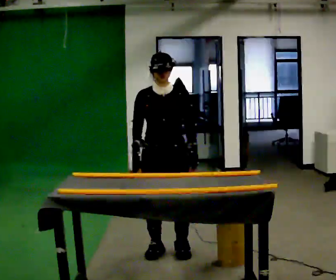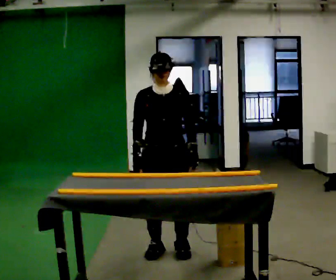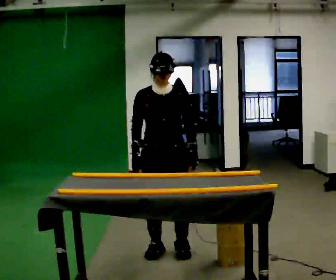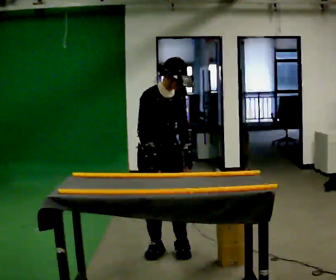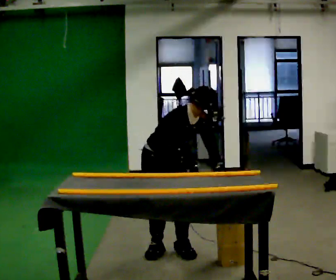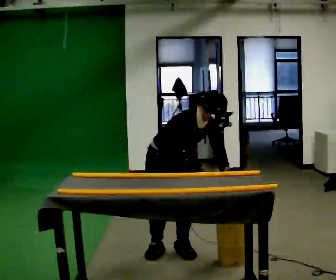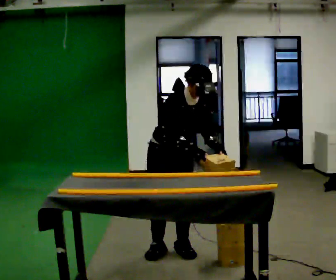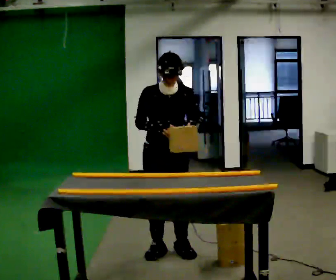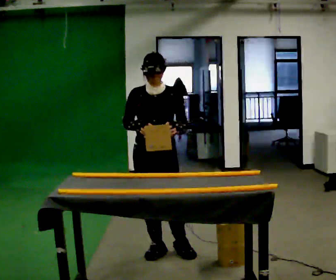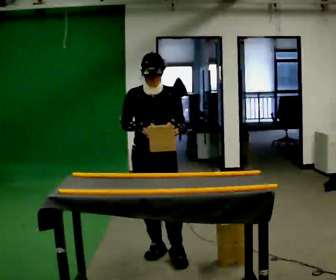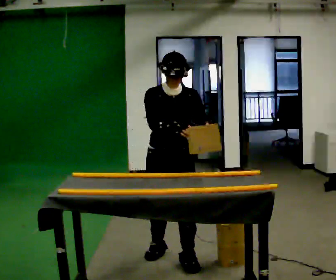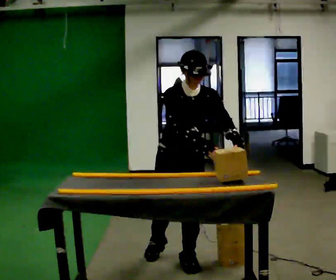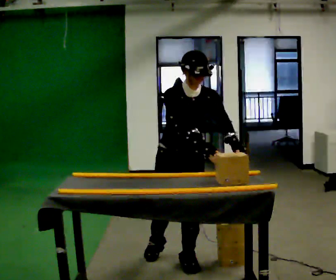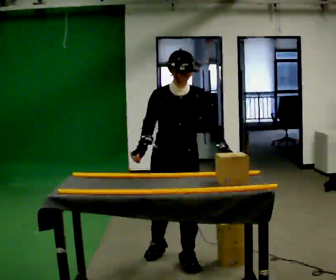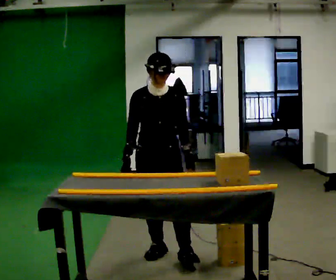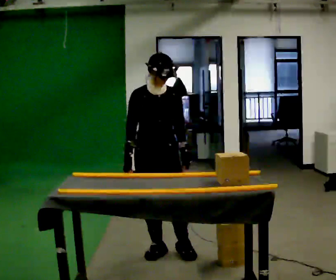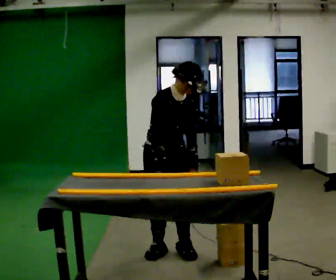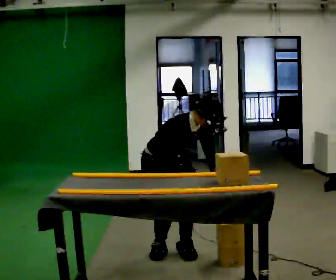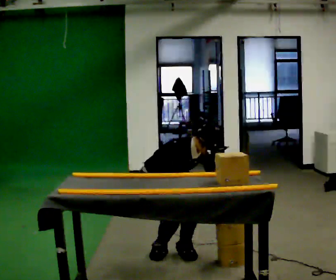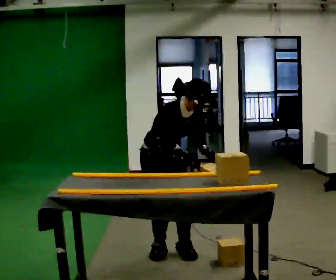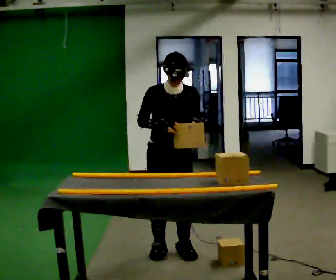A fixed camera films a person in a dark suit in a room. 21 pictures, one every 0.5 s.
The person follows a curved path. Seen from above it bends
counterclockwise.
0.0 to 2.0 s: The part of the body nearest the lens slides to the right as the person turns to their left by about 45 degrees. The upper body goes downward. In the picture the upper body tilts clockwise, shoulders to the right, as they bend forward. In the picture their right hand goes to the right.
2.0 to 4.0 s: The part of the body nearest the lens slides to the left as the person turns to their right by about 45 degrees. The upper body goes upward. In the picture the upper body tilts counterclockwise, shoulders to the left, as they lean back or straighten. In the picture their right hand goes to the left and upward.
4.0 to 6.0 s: In the picture they go toward the camera and to the right, about 0.25 m in 1 step, which for them is forward and to their left.
6.0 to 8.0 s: In the picture they go away from the camera, about 0.25 m in 1 step, which for them is backward.
8.0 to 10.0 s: The person moves a little, or ends about where they began.
The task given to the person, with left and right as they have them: Slide the object into the slot on the shelf in front of you. It is a close fit, so take the time you need. Repeat at your own pace until the operator says stop. Keep both feet on the marked spots for the whole take. If you have to step, stop and tell the operator.
The film runs forward here.
